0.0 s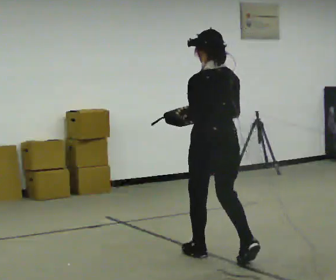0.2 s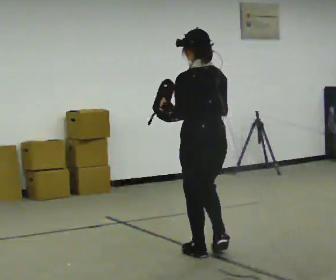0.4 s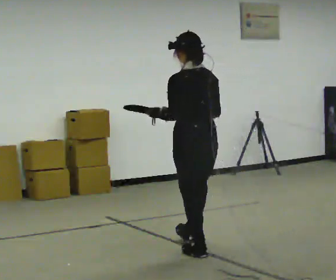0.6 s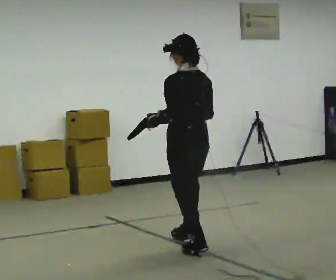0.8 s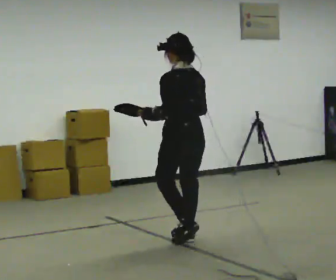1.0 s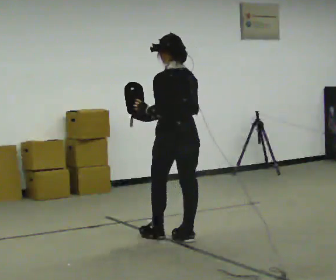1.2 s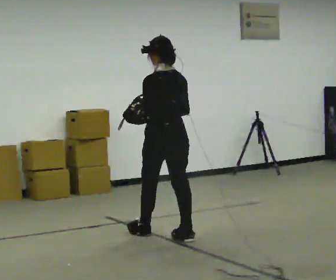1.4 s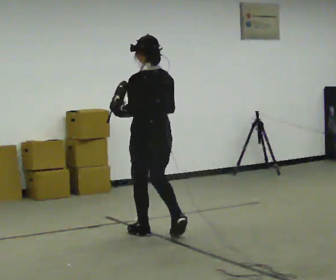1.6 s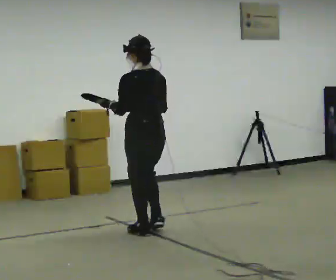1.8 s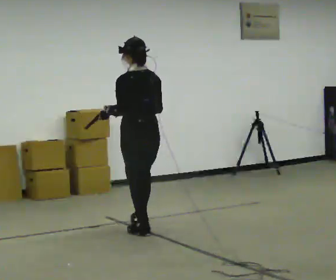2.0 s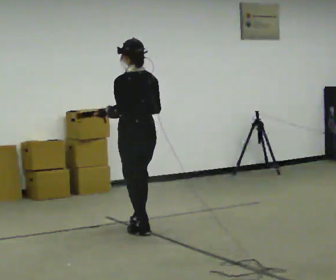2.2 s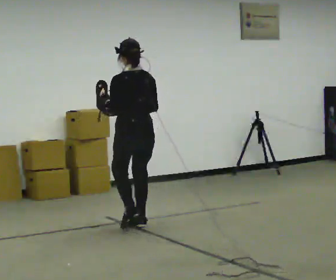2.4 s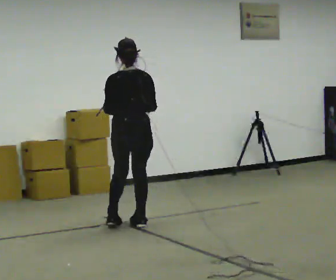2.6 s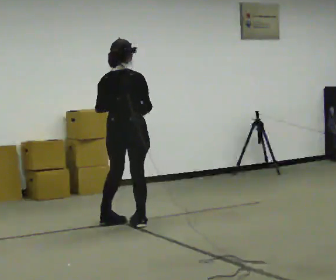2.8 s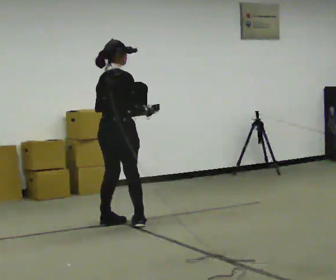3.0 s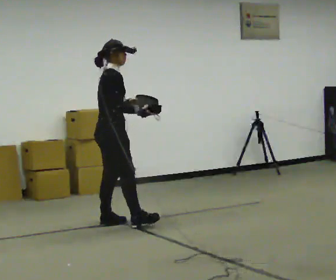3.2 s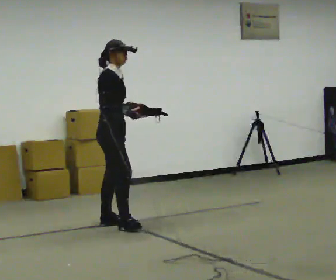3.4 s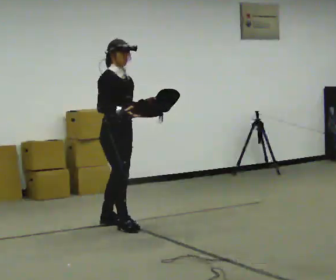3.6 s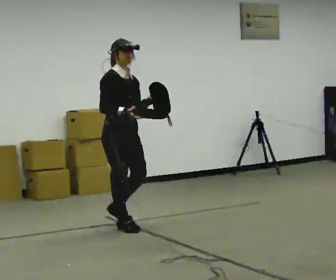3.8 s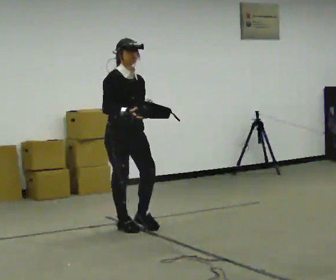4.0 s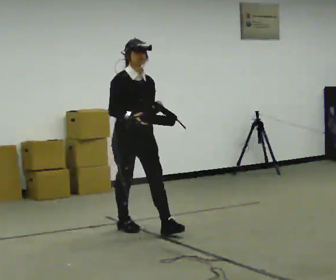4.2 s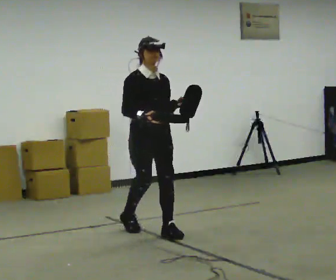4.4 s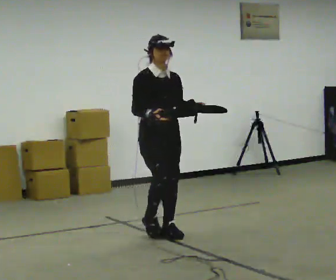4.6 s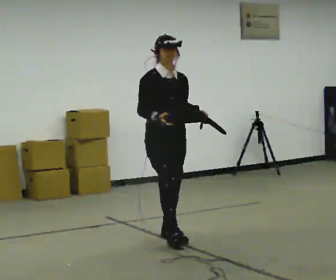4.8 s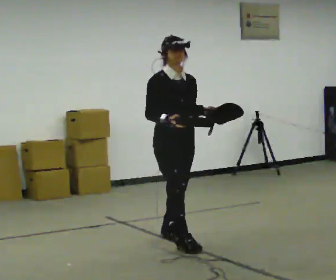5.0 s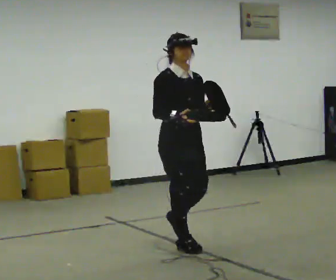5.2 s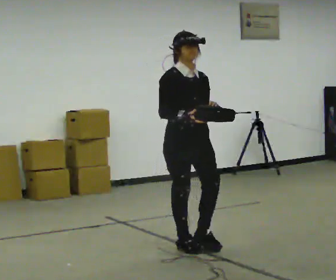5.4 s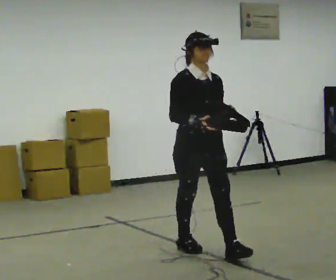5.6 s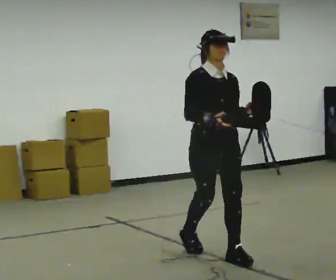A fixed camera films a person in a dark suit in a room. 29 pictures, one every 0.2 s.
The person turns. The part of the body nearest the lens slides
to the left.
The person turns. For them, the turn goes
to their right.
0.0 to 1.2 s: In the picture they go away from the camera and to the left, about 1 m in 2 steps, which for them is forward.
1.2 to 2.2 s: In the picture they go away from the camera and to the left, about 0.5 m in 1 step, which for them is forward.
2.2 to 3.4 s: The person turns about 135 degrees to their right, clockwise seen from above, so the part of the body nearest the lens slides to the left. In the picture they go to the left, about 0.25 m in 1 step.
3.4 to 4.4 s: The part of the body nearest the lens slides to the left as the person turns to their right by about 30 degrees. In the picture they go toward the camera and to the right, about 0.5 m in 1 step, which for them is forward.
4.4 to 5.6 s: In the picture they go toward the camera and to the right, about 1 m in 2 steps, which for them is forward.
The film runs forward here.
